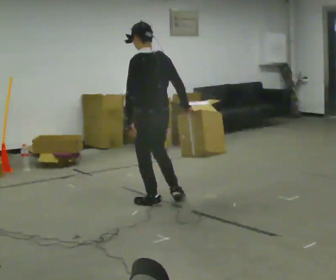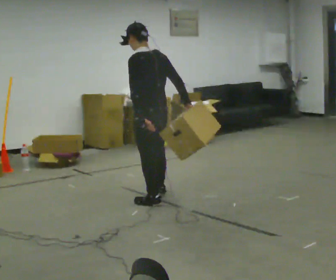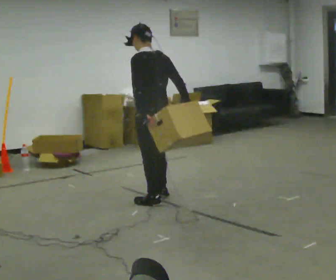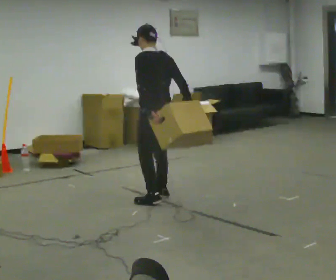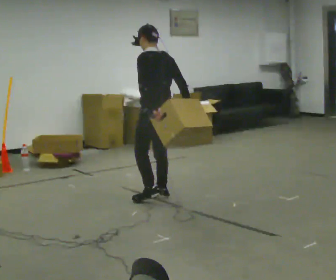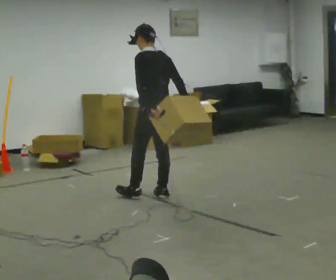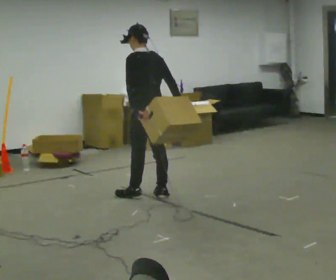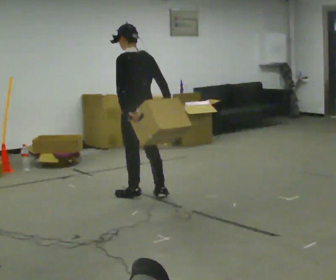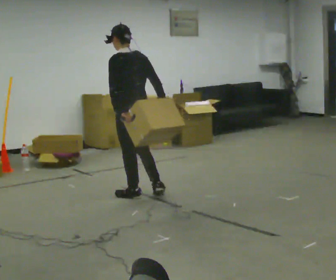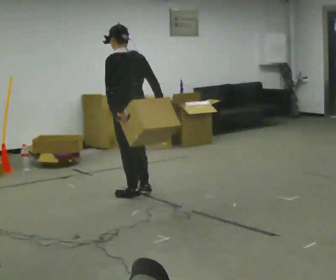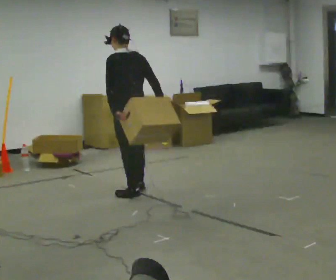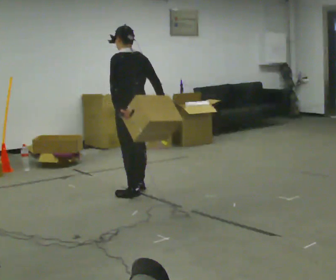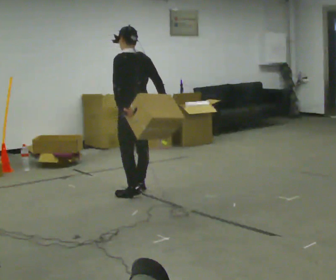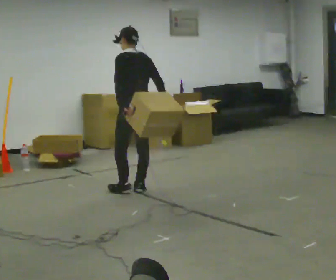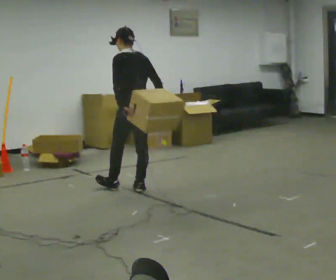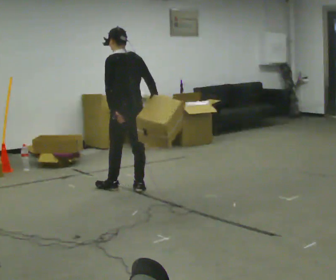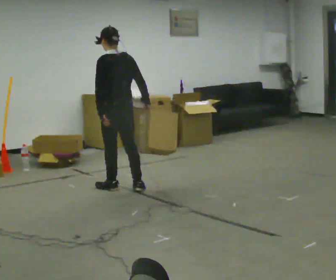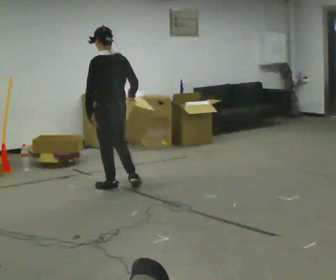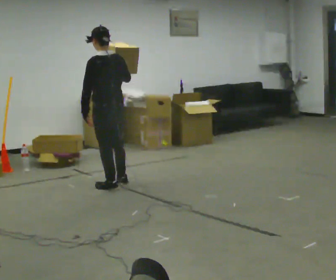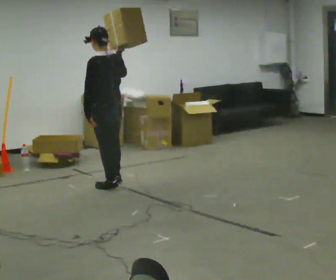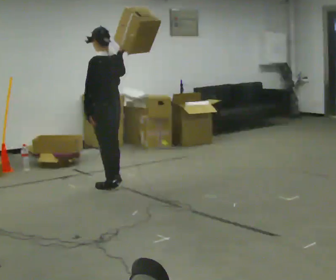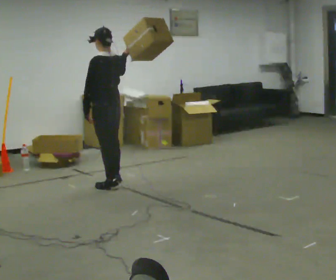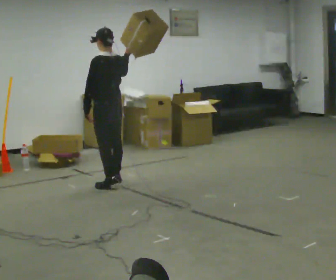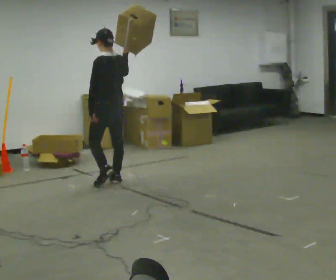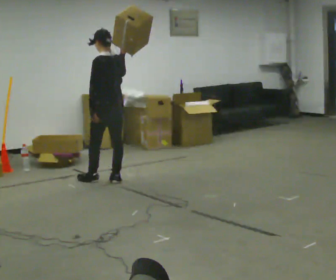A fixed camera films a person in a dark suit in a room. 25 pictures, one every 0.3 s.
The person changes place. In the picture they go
away from the camera.
0.0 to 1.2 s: In the picture they go away from the camera, about 0.25 m in 1 step, which for them is to their right and forward.
1.2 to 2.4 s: In the picture they go to the left, about 0.25 m in 1 step, which for them is forward and to their left.
2.4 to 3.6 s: In the picture they go away from the camera, about 0.25 m in 1 step, which for them is forward and to their right.
3.6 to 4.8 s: In the picture they go to the left, about 0.25 m in 1 step, which for them is forward.
4.8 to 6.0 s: In the picture they go away from the camera, about 0.25 m in 1 step, which for them is forward. In the picture their right hand goes upward.
6.0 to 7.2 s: In the picture they go away from the camera, about 0.25 m, which for them is forward and to their right.
The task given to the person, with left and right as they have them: Carry the box and, while walking, shift it to a different hold: front, then hip, then shoulder, then back to front. Do not stop walking.
The film runs forward here.
